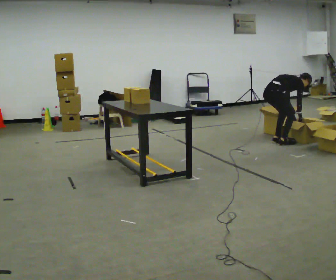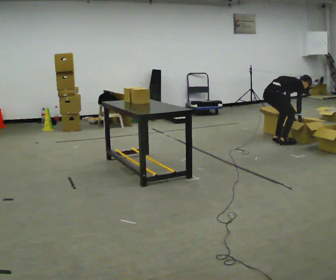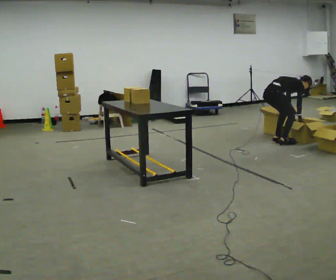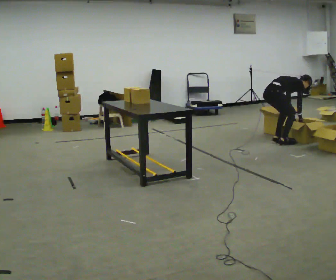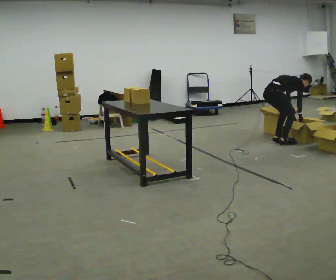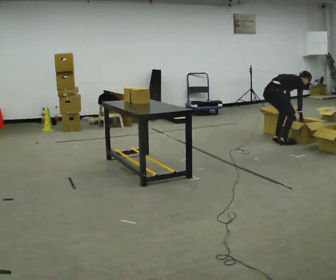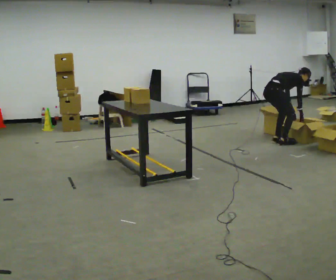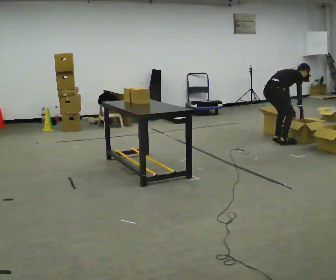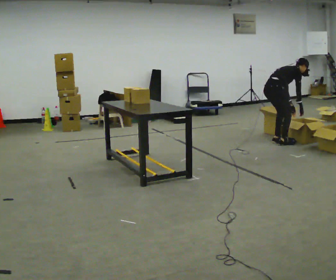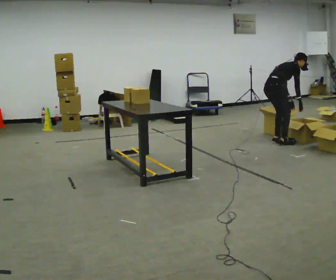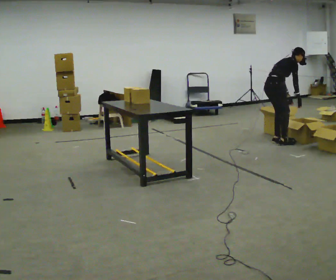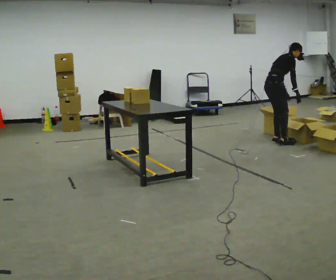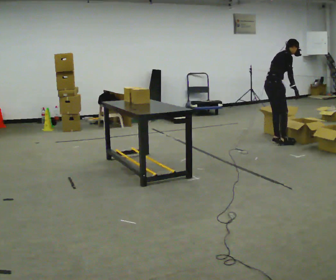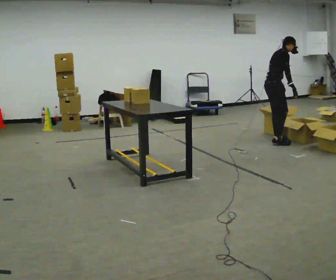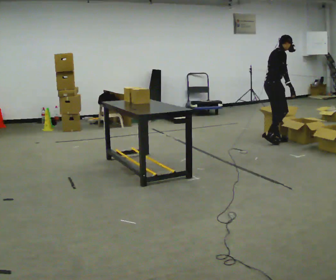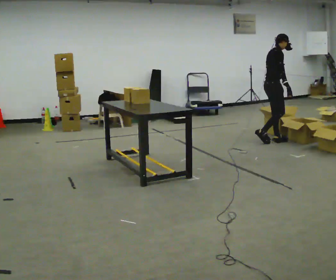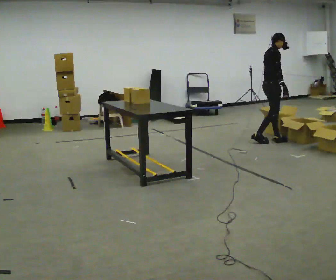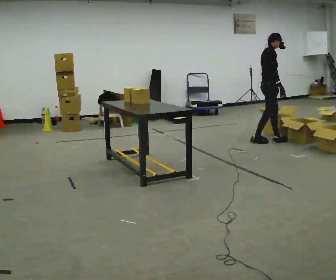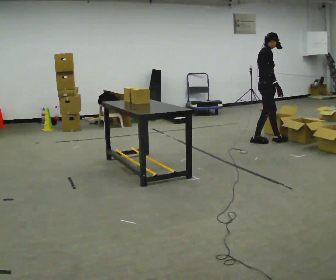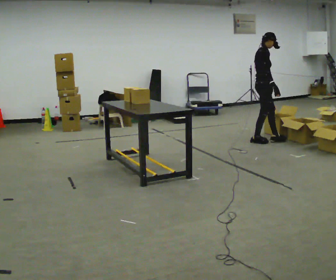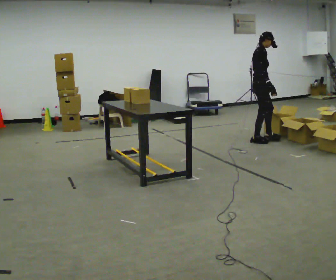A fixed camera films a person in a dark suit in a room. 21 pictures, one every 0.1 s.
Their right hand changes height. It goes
upward.
The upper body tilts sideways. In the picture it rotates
counterclockwise.
0.0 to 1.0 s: The shoulders move upward. In the picture the upper body tilts counterclockwise, shoulders to the left, as they lean back or straighten.
1.0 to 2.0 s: In the picture they go to the left, about 0.25 m in 2 steps, which for them is backward and to their left. The upper body goes upward. In the picture the upper body tilts counterclockwise, shoulders to the left, as they lean back or straighten. In the picture their right hand goes to the left.
The film runs backward here.
